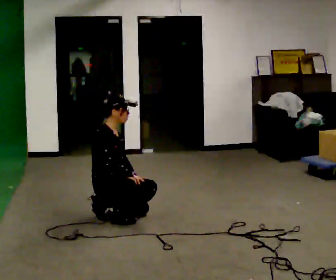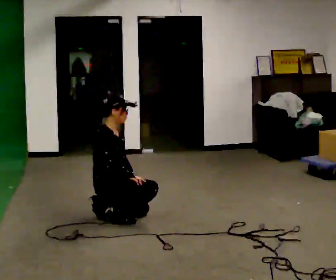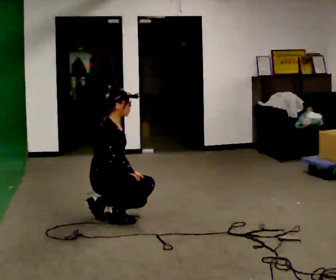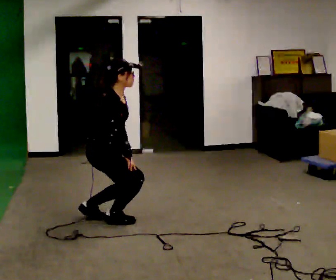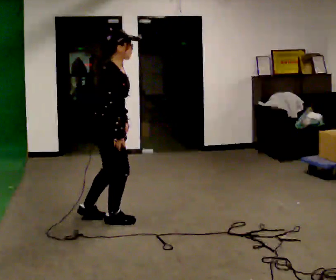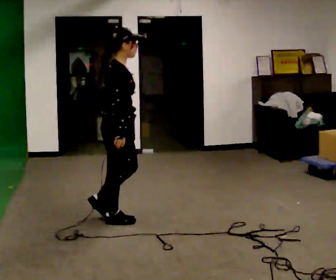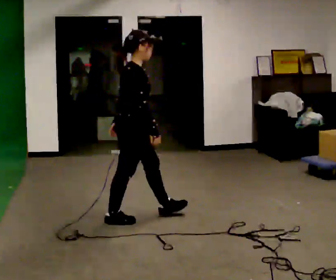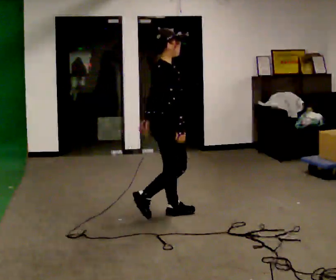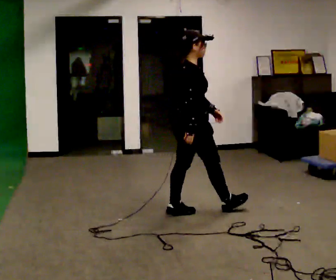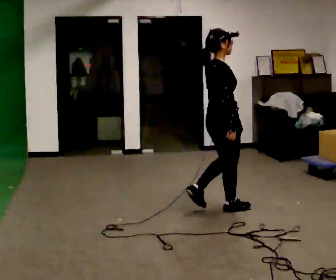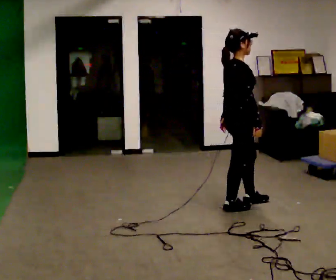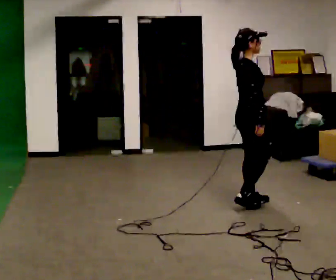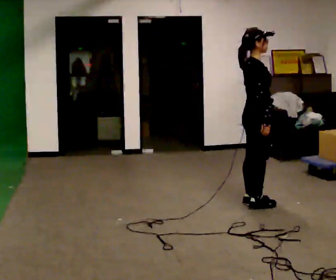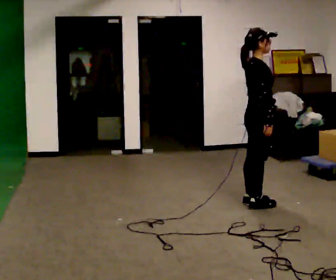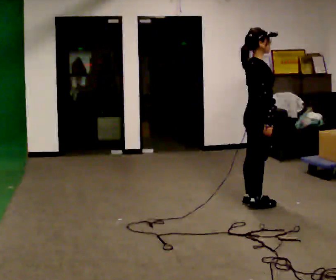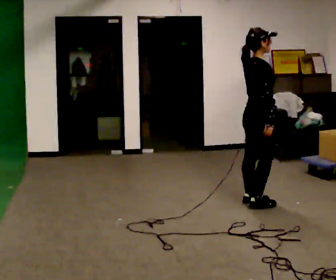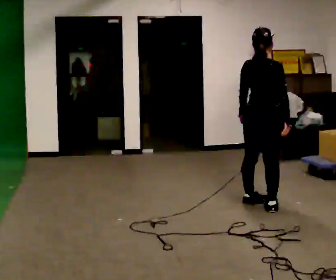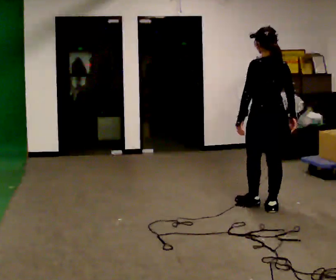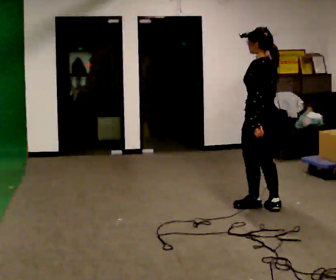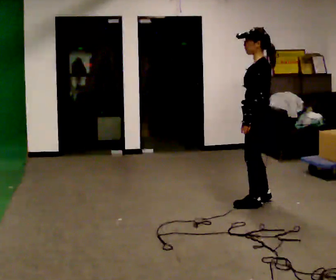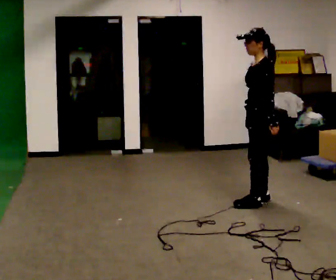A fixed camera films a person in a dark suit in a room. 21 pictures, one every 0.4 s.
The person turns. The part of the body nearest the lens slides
to the right.
The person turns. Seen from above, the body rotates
counterclockwise.
0.0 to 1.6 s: The upper body goes upward. In the picture their right hand goes upward.
1.6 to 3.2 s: In the picture they go to the right and away from the camera, about 0.5 m in 2 steps, which for them is forward.
3.2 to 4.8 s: In the picture they go to the right and away from the camera, about 0.5 m in 2 steps, which for them is forward.
4.8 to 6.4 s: Seen from above the body turns counterclockwise, about 60 degrees: to their left, with its near side sliding to the right.
6.4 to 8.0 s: Seen from above the body turns counterclockwise, about 135 degrees: to their left, with its near side sliding to the right.
The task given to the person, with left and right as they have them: Walk; crouch comfortably at marker; remain briefly; stand and continue.
The film runs forward here.
